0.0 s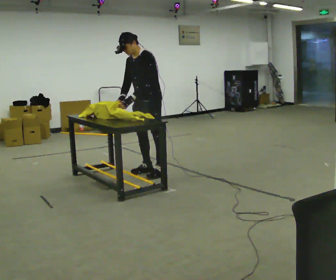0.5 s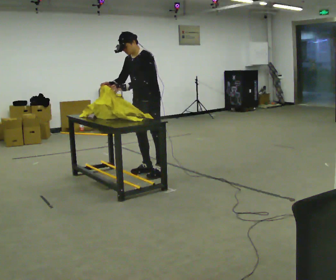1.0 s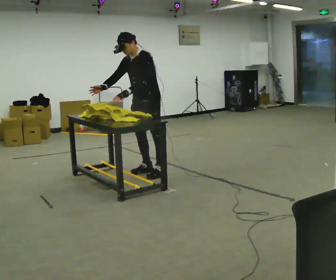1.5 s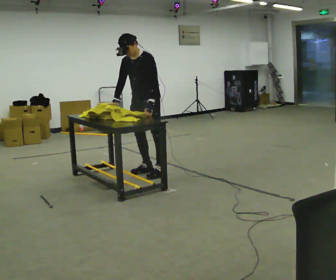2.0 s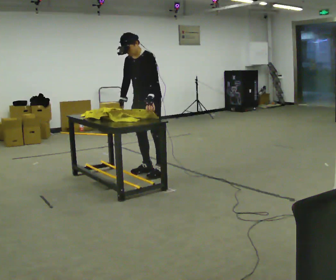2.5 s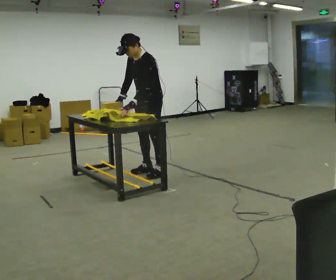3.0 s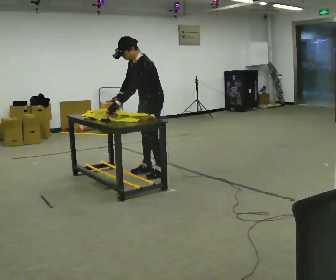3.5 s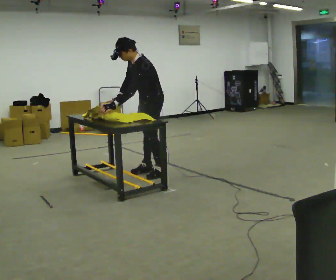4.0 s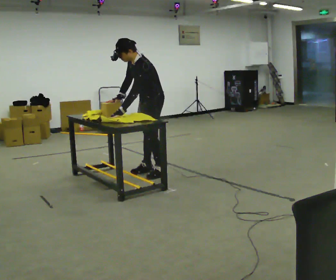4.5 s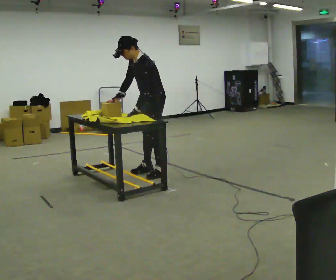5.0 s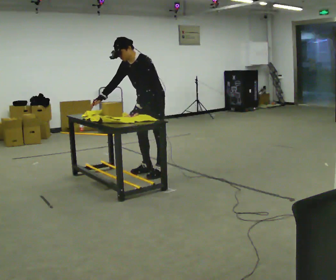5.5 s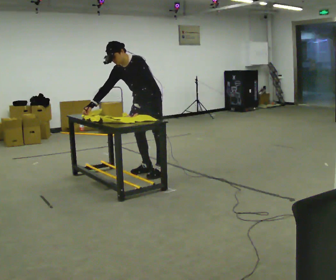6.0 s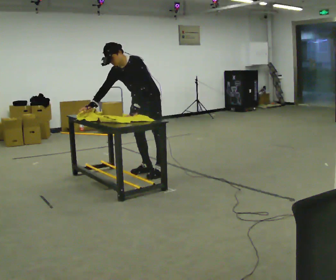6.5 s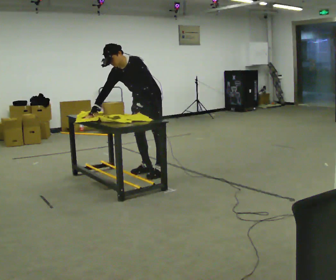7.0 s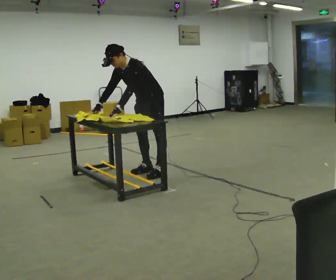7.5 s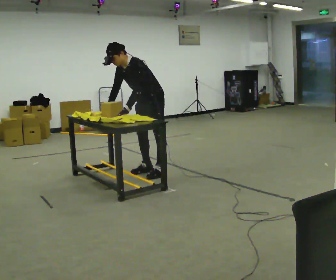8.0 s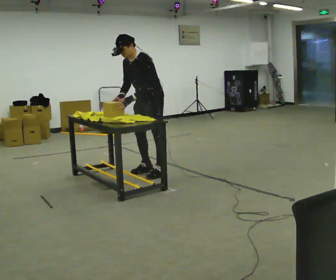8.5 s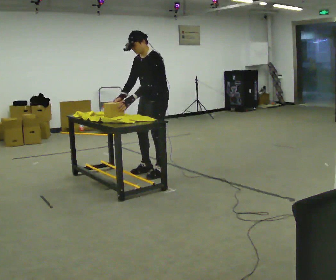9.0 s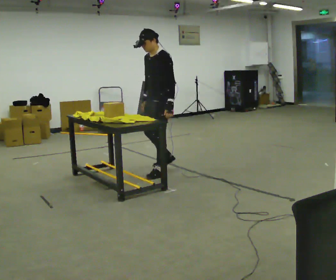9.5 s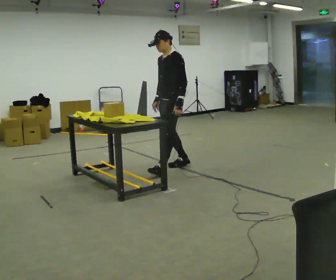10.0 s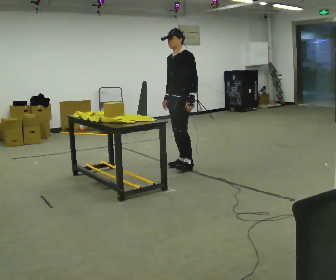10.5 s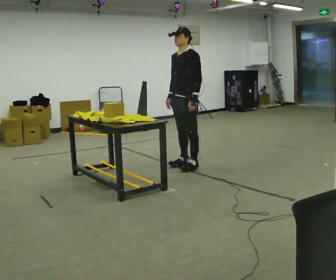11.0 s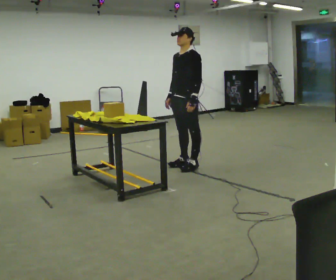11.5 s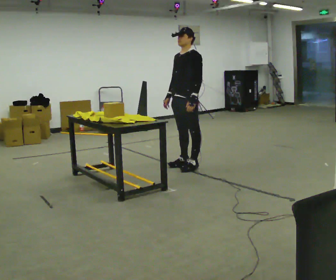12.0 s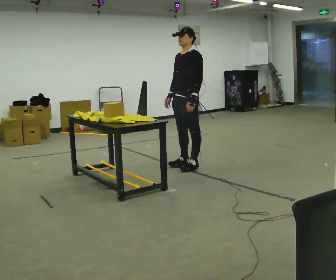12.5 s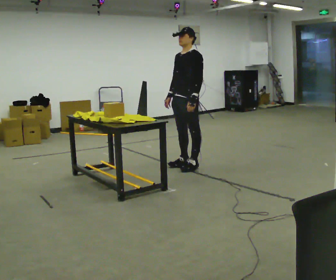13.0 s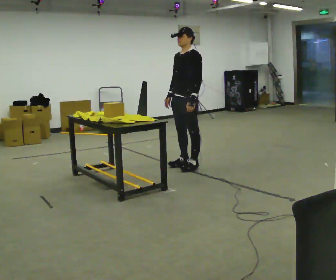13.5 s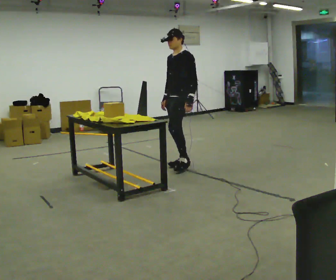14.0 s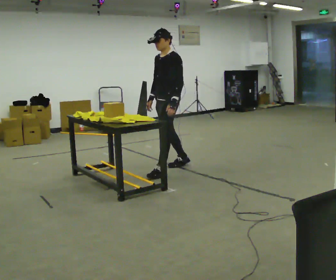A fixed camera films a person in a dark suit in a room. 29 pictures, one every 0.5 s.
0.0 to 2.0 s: The person moves a little, or ends about where they began.
2.0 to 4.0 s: The part of the body nearest the lens slides to the left as the person turns to their right by about 30 degrees. In the picture their left hand goes to the left.
4.0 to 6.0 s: The part of the body nearest the lens slides to the right as the person turns to their left by about 30 degrees.
6.0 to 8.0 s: The person moves a little, or ends about where they began.
8.0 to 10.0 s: In the picture they go to the right and away from the camera, about 0.5 m in 1 step, which for them is backward. In the picture the upper body tilts clockwise, shoulders to the right, as they lean back or straighten.
10.0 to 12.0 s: The person moves a little, or ends about where they began.
12.0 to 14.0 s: In the picture they go to the left and toward the camera, about 0.25 m in 1 step, which for them is forward.
The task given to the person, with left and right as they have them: Wrap the cloth around the object and tuck it in, then unwrap it. Repeat at your own pace until the operator says stop. Keep both feet on the marked spots for the whole take. If you have to step, stop and tell the operator.
The film runs forward here.
